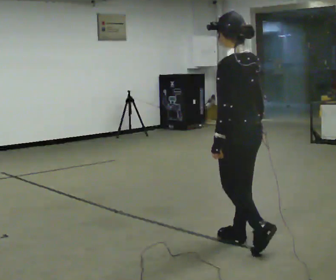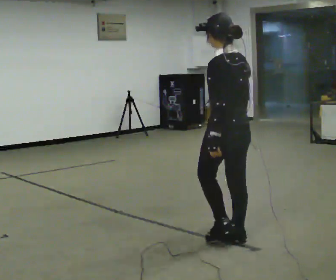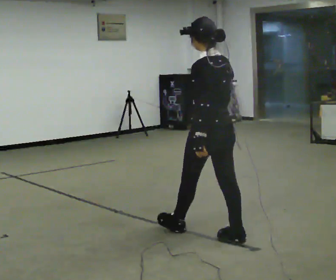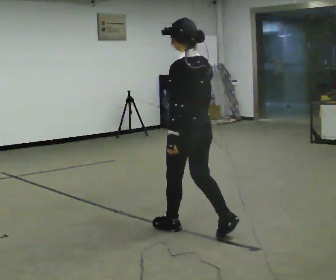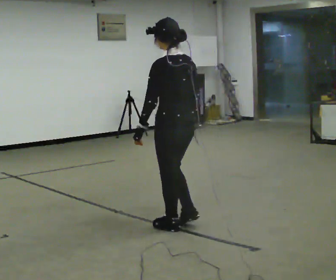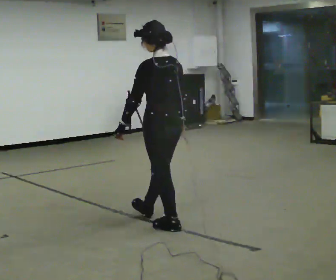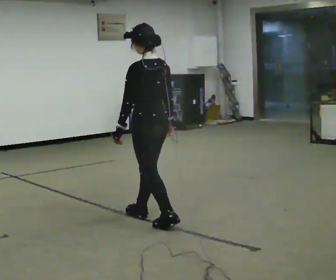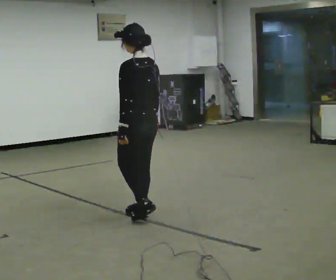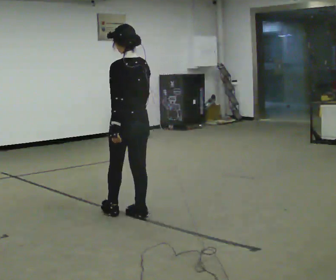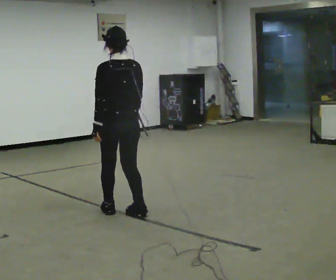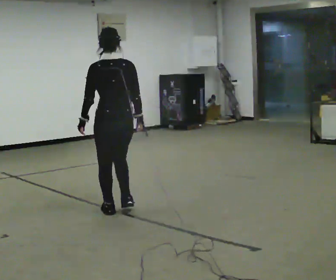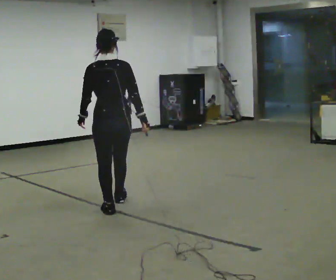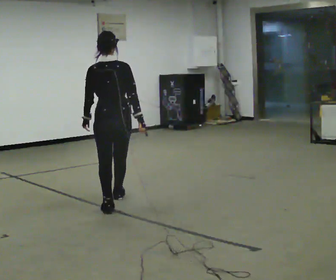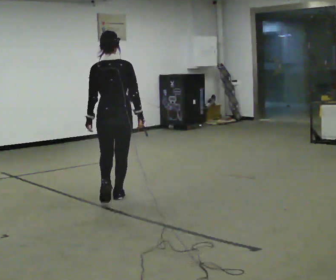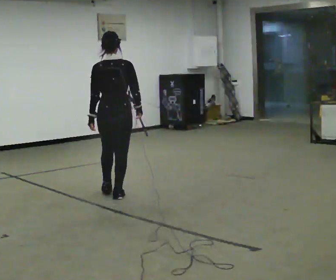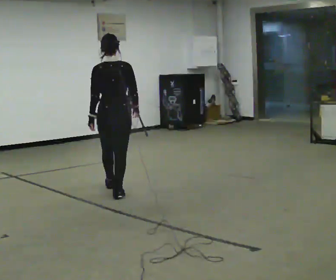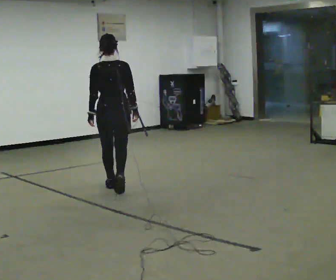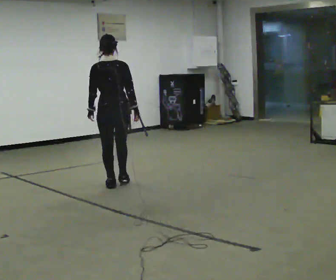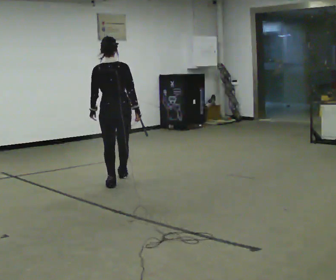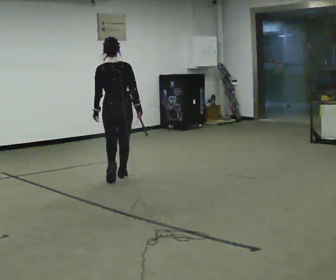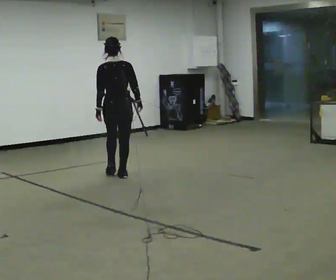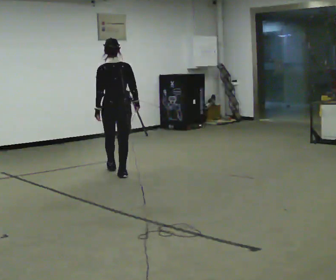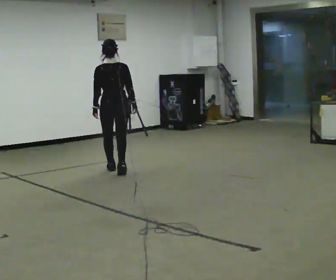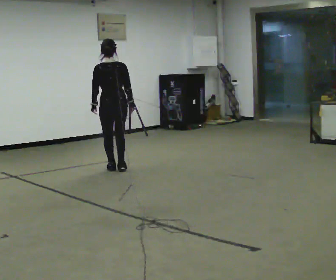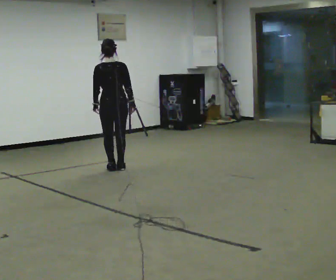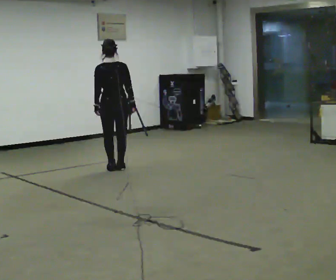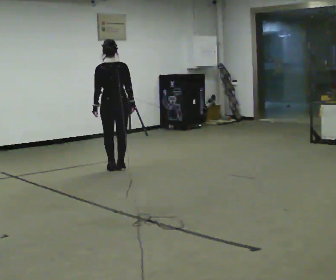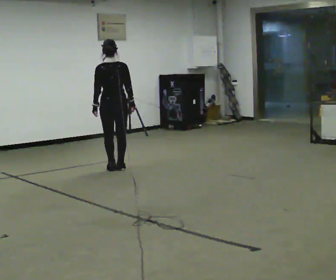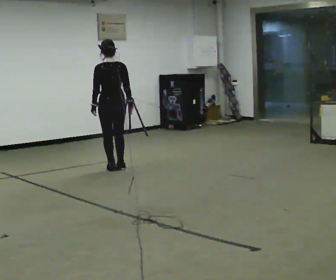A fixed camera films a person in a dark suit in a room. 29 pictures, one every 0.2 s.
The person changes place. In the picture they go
away from the camera.
0.0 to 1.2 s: In the picture they go away from the camera and to the left, about 1 m in 2 steps, which for them is forward.
1.2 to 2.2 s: Seen from above the body turns clockwise, about 45 degrees: to their right, with its near side sliding to the left. In the picture they go away from the camera and to the left, about 0.5 m in 1 step, which for them is forward.
2.2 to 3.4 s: In the picture they go away from the camera, about 1 m in 2 steps, which for them is forward.
3.4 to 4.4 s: In the picture they go away from the camera, about 0.5 m in 2 steps, which for them is forward.
4.4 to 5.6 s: In the picture they go away from the camera, about 0.25 m in 1 step, which for them is forward.
The film runs forward here.
